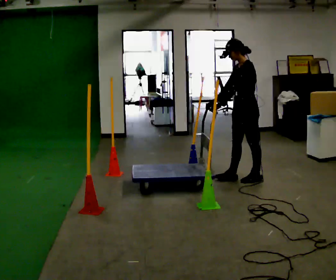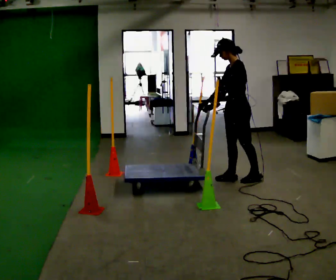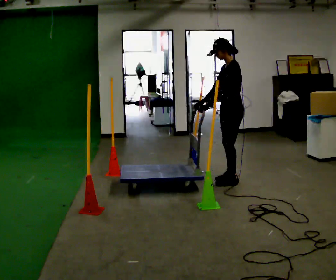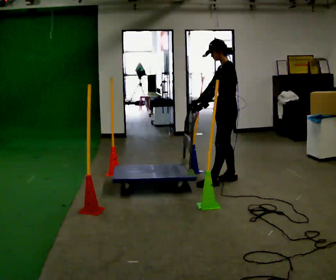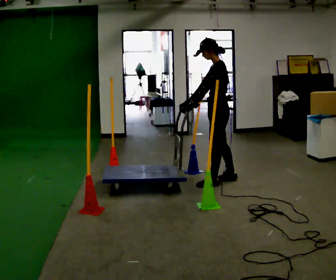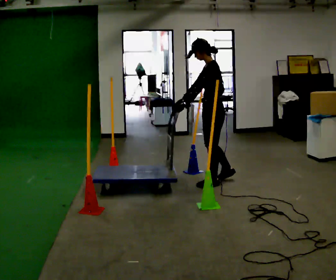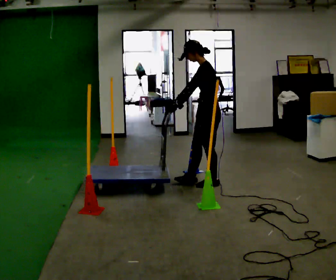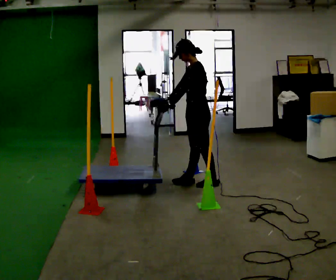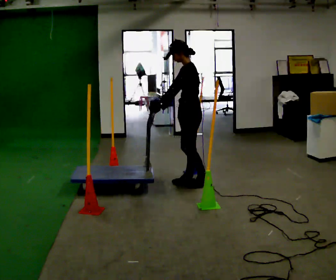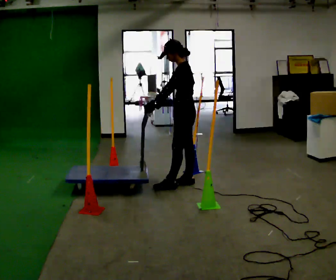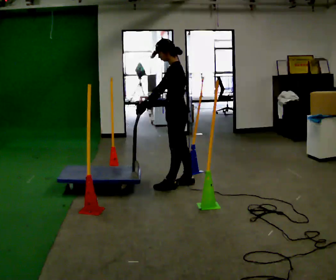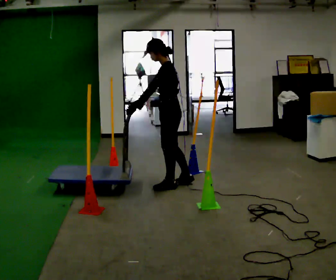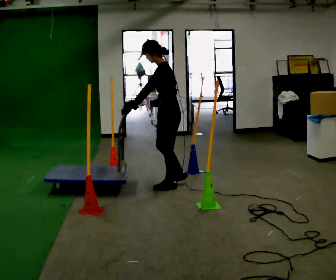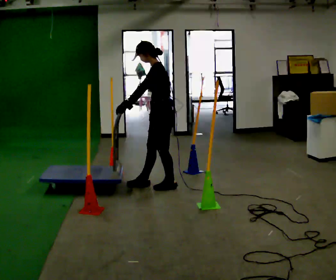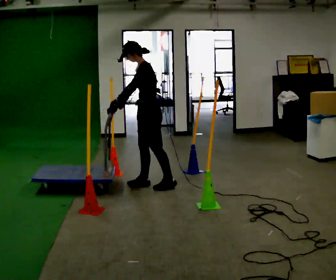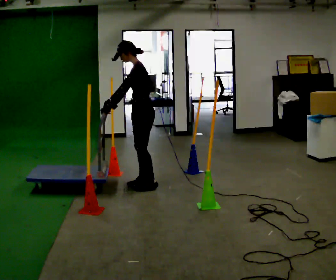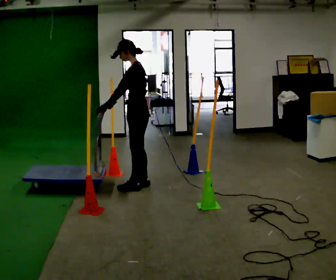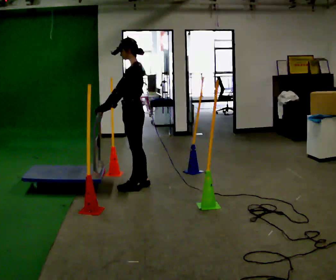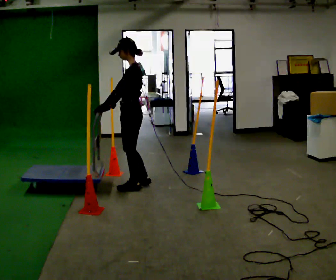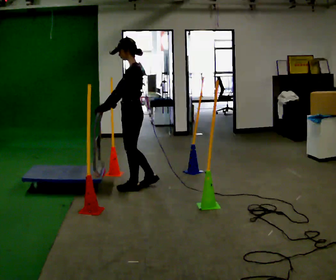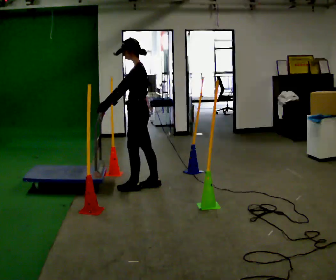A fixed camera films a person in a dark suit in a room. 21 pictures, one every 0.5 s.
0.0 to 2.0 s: In the picture they go to the left, about 0.25 m in 1 step, which for them is forward.
2.0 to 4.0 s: In the picture they go to the left, about 0.25 m in 2 steps, which for them is forward.
4.0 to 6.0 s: In the picture they go to the left, about 0.25 m in 1 step, which for them is forward and to their left.
6.0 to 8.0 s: In the picture they go to the left, about 0.25 m in 1 step, which for them is forward.
8.0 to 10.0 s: The person moves a little, or ends about where they began.
The film runs backward here.
